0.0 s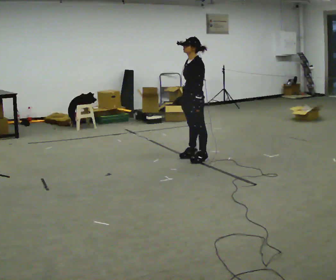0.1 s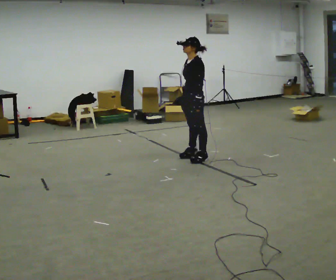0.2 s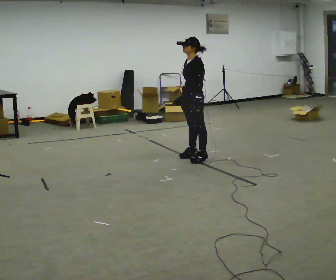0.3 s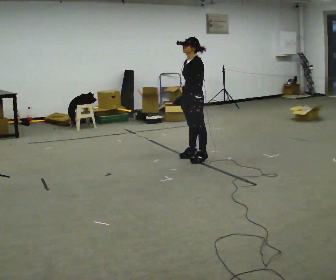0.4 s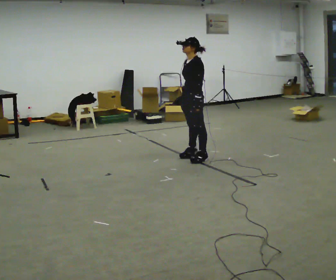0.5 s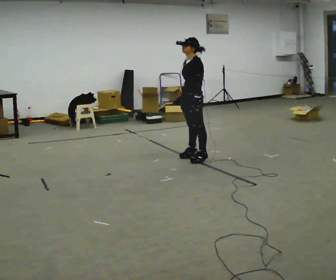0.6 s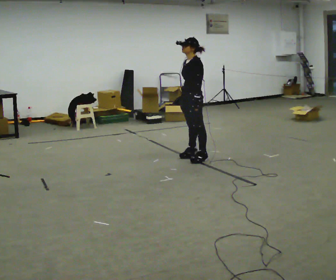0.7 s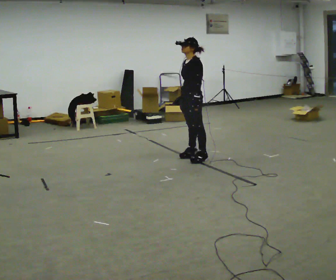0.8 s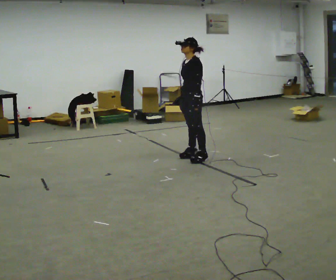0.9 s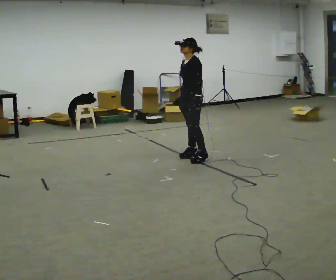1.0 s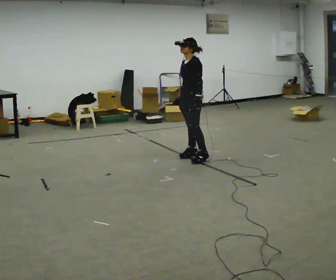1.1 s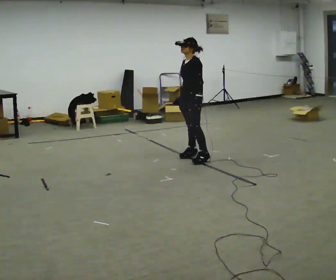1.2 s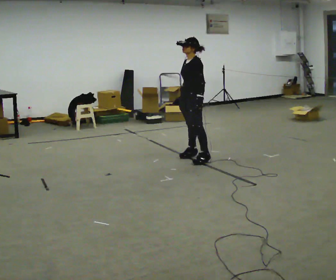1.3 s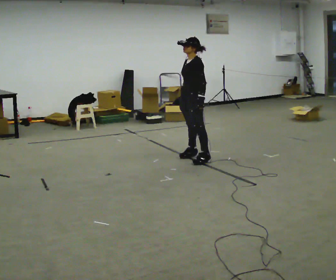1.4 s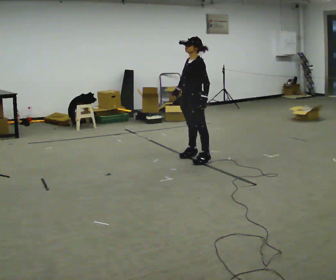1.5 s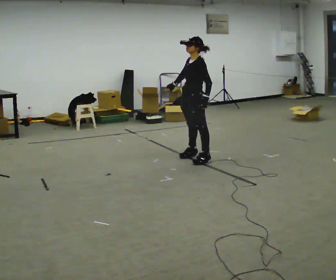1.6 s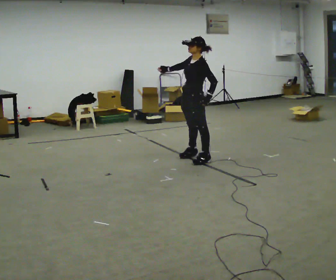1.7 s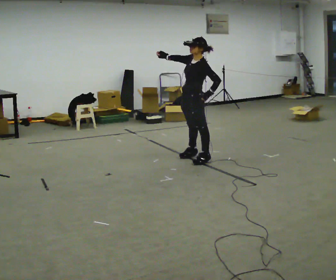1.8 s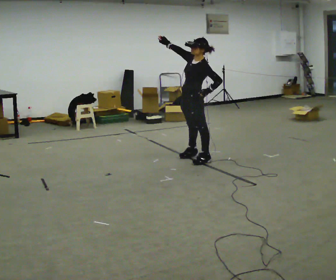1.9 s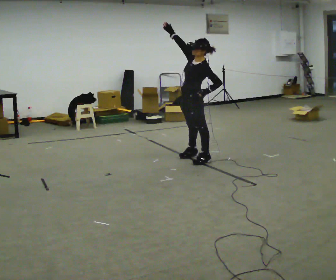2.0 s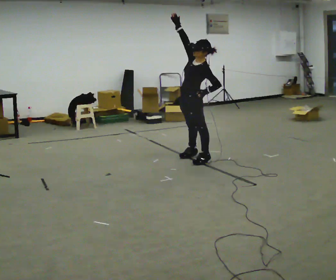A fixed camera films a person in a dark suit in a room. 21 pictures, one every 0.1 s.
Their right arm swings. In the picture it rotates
clockwise.
Their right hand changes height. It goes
upward.
0.0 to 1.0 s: The person moves a little, or ends about where they began.
1.0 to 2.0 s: The upper body tips toward the camera, its near side rolling downward. In the picture their right hand goes upward, the arm swinging clockwise.
The film runs forward here.
